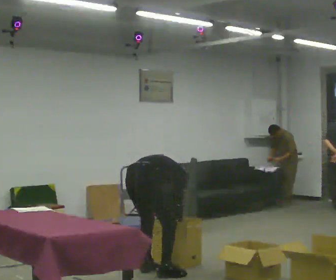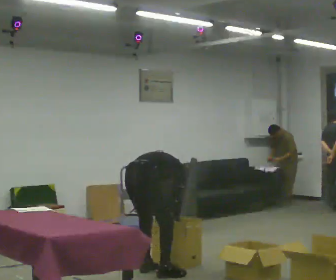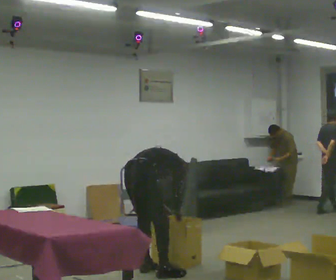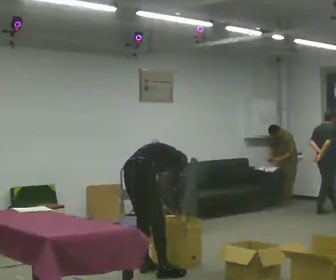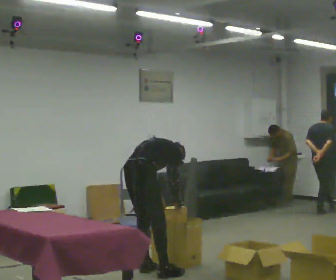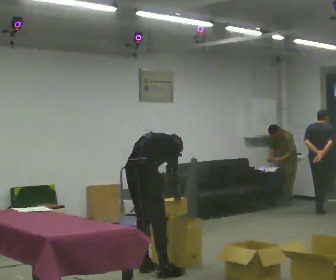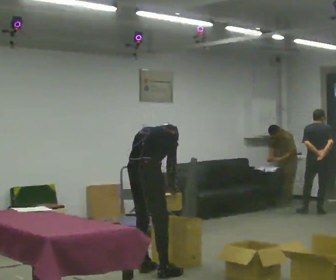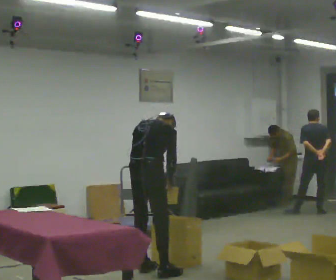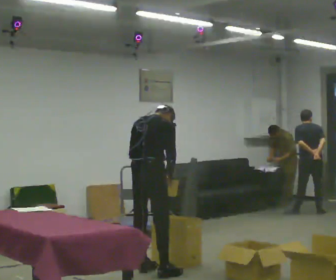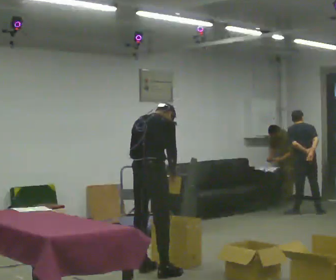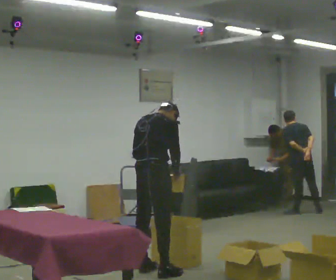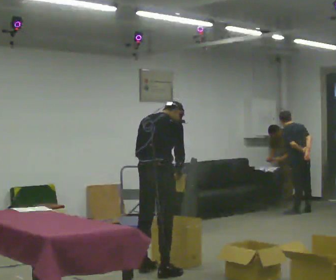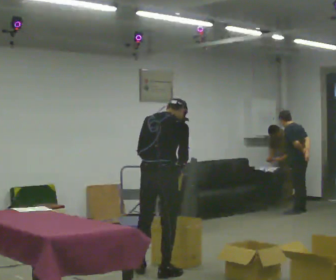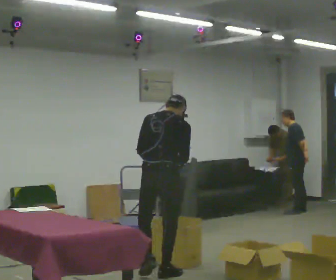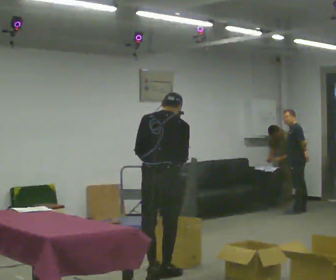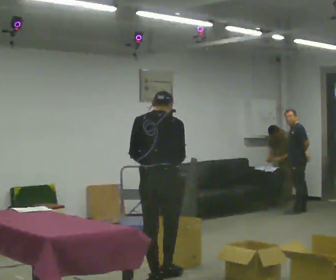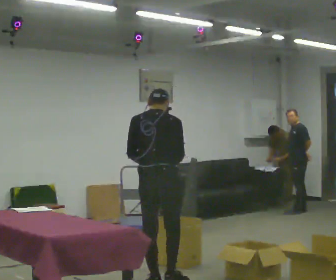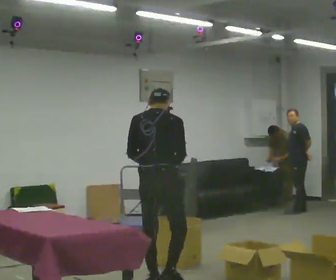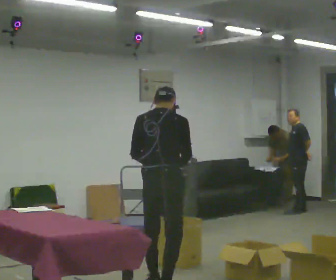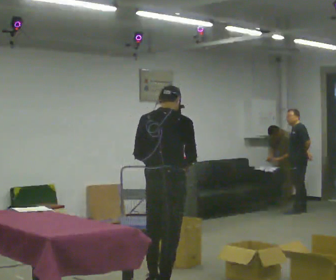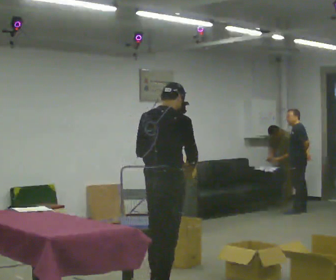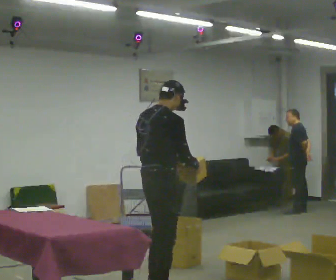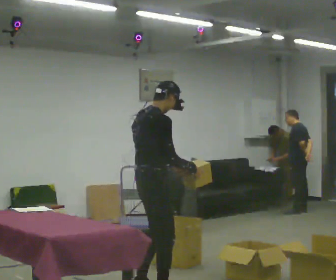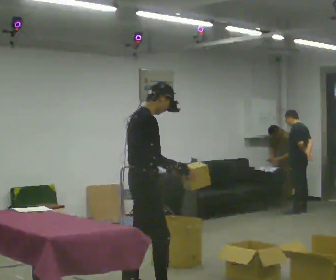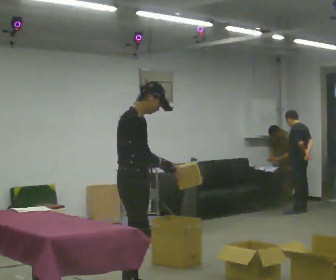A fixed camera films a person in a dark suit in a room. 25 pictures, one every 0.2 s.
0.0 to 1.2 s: The shoulders move upward. In the picture the upper body tilts counterclockwise, shoulders to the left, as they lean back or straighten. In the picture their right hand goes upward.
1.2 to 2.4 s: In the picture they go toward the camera, about 0.25 m in 1 step, which for them is to their right. The upper body tips toward the camera, its near side rolling downward, as they lean back or straighten.
2.4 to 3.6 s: In the picture they go toward the camera, about 0.5 m in 1 step, which for them is backward.
3.6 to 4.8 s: Seen from above the body turns clockwise, about 90 degrees: to their right, with its near side sliding to the left. In the picture they go to the left, about 0.25 m in 2 steps.
The film runs backward here.
